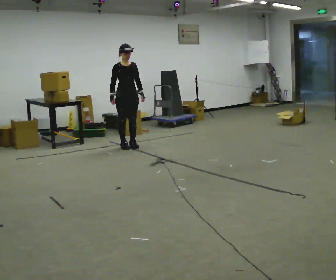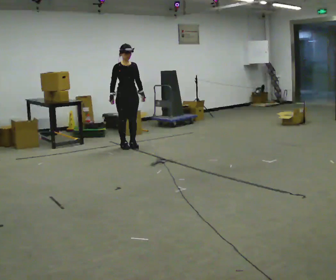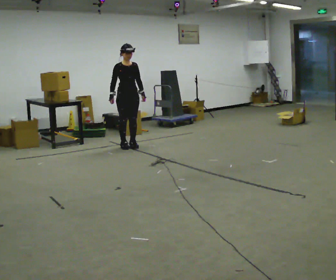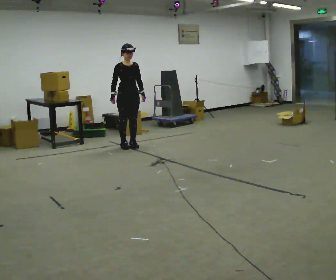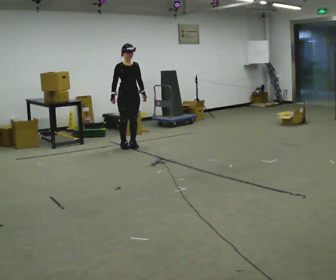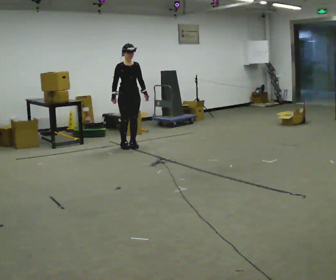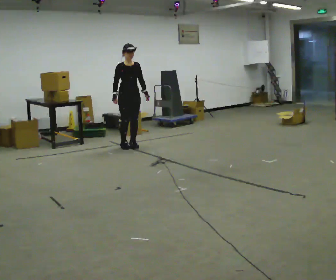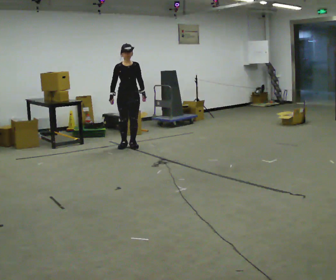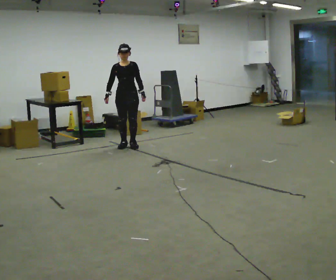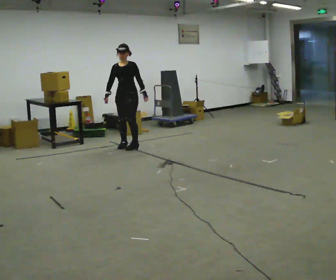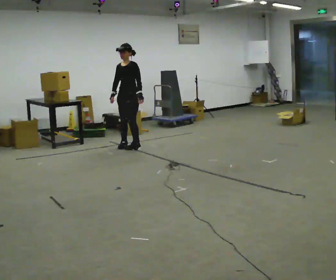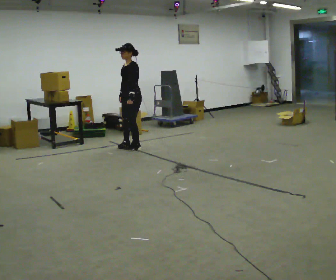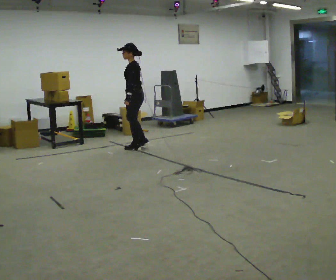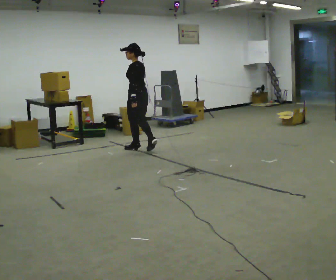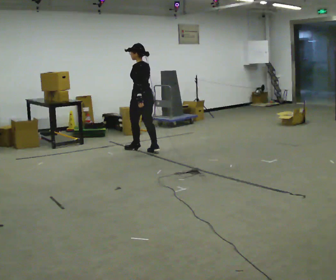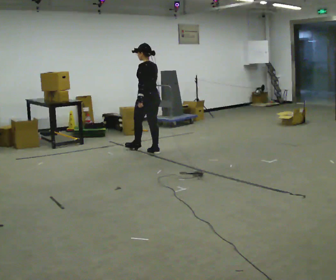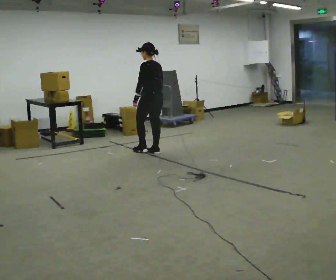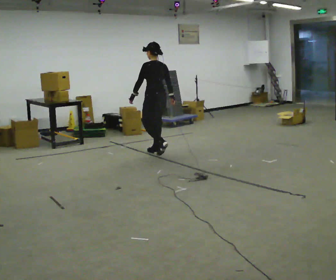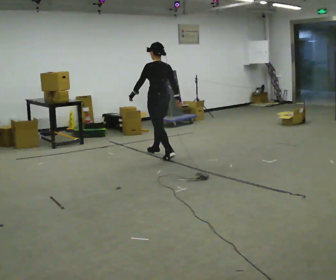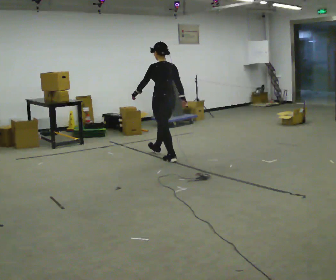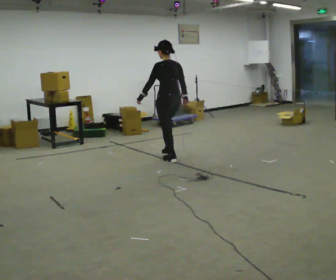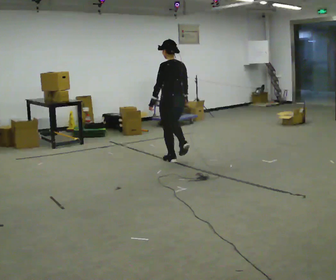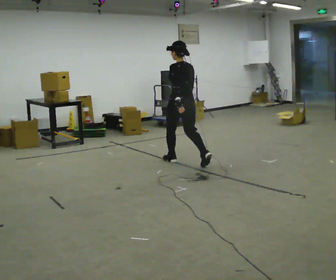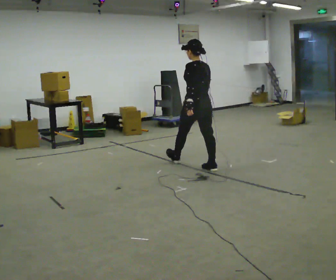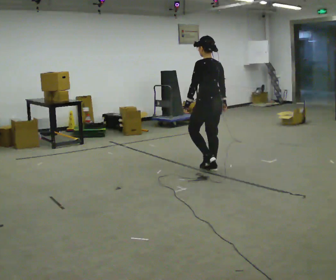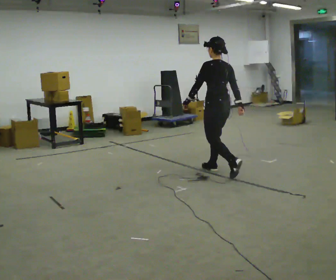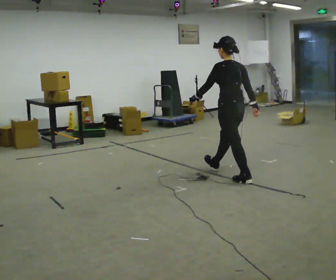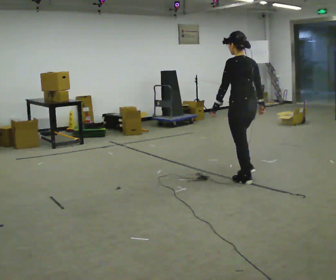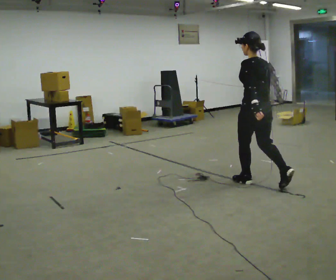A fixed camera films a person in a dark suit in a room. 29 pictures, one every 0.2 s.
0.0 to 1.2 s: The person moves a little, or ends about where they began.
1.2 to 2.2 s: Seen from above the body turns clockwise, about 90 degrees: to their right, with its near side sliding to the left. In the picture they go toward the camera, about 0.25 m in 2 steps.
2.2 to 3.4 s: The person turns about 75 degrees to their right, clockwise seen from above, so the part of the body nearest the lens slides to the left. In the picture they go toward the camera and to the right, about 0.5 m in 1 step.
3.4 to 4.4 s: In the picture they go toward the camera and to the right, about 0.75 m in 1 step, which for them is backward.
4.4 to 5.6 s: In the picture they go toward the camera and to the right, about 1.5 m in 2 steps, which for them is backward.
The film runs backward here.
